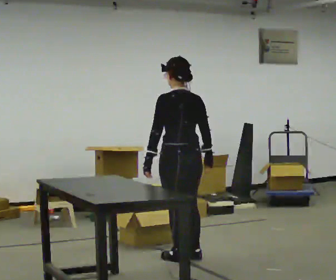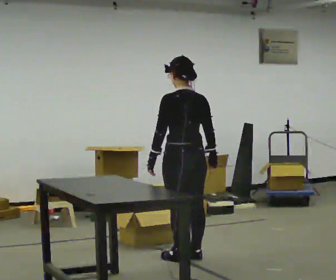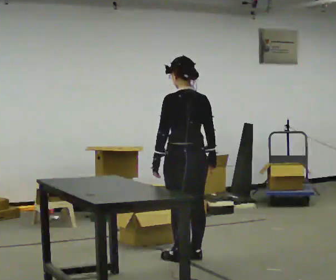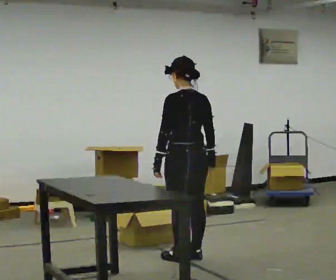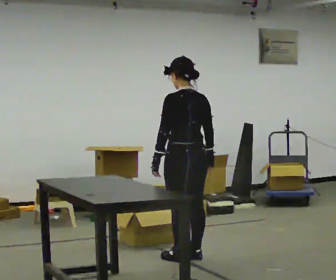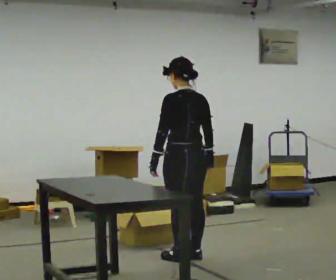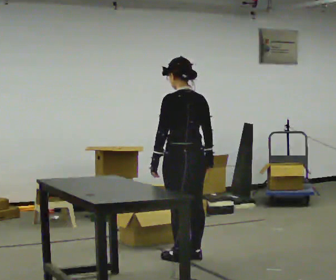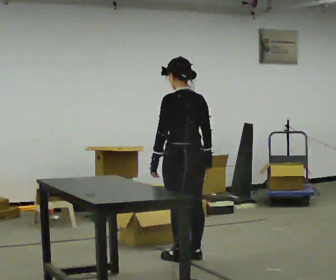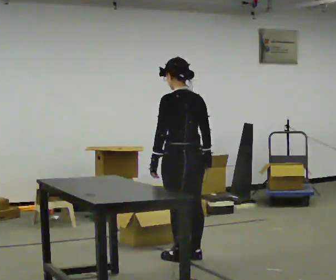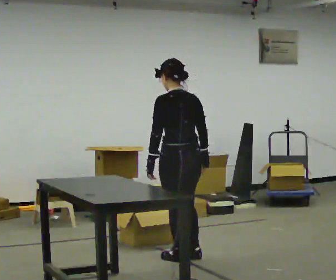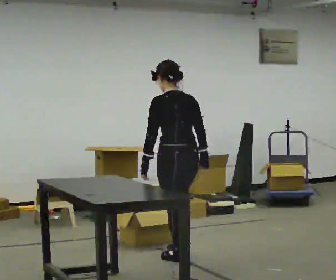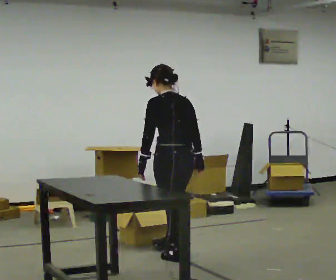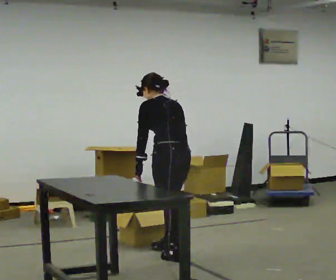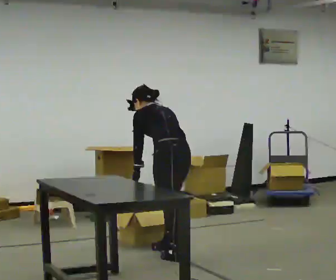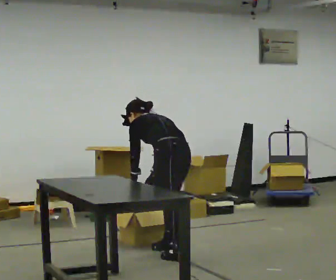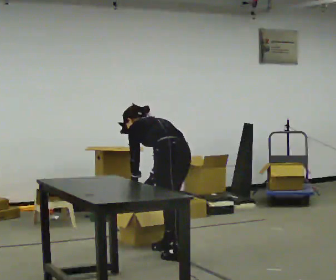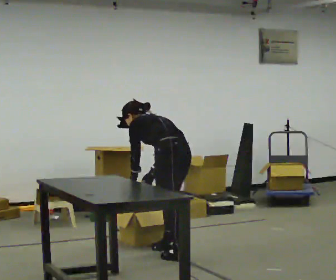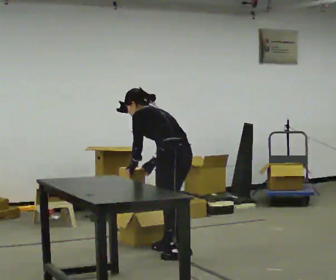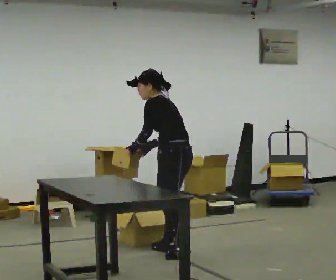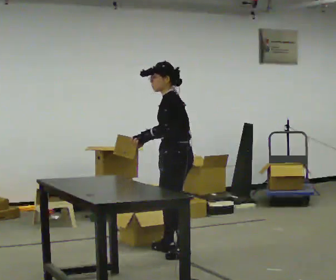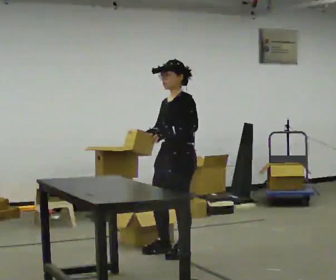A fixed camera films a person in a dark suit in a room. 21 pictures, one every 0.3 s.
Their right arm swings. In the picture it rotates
clockwise.
The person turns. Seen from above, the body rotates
counterclockwise.
0.0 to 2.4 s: The person moves a little, or ends about where they began.
2.4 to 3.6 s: The upper body tips away from the camera, its near side rolling upward, as they bend forward.
3.6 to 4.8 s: In the picture the upper body tilts counterclockwise, shoulders to the left, as they bend forward.
4.8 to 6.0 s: The person turns about 60 degrees to their left, counterclockwise seen from above, so the part of the body nearest the lens slides to the right. The upper body goes upward. The upper body tips toward the camera, its near side rolling downward, as they lean back or straighten. In the picture their right hand goes upward.
The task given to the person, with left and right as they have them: Bring the boxes over one at a time and stack them on top of each other, walking back for each one. Keep going until the operator says stop; one object at a time, and do not rush between trips.
The film runs forward here.
